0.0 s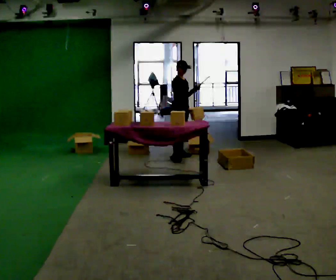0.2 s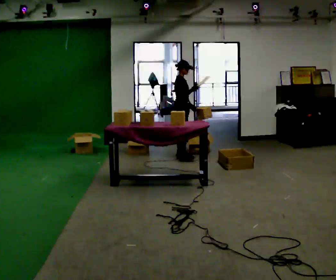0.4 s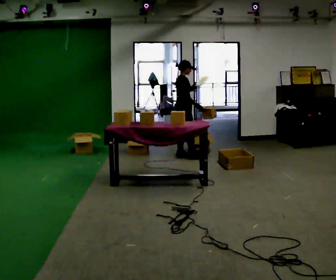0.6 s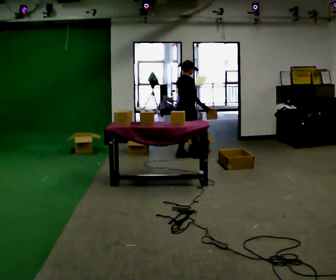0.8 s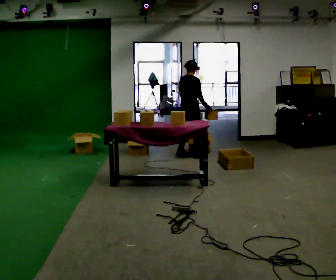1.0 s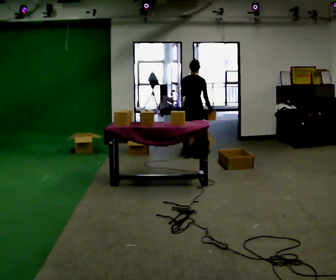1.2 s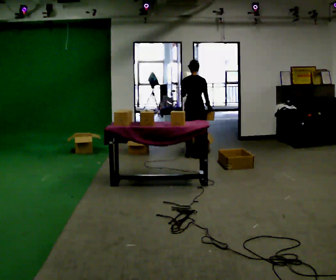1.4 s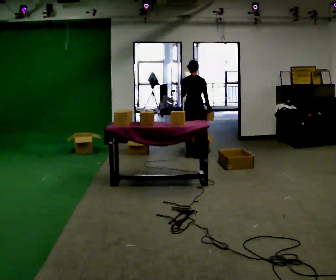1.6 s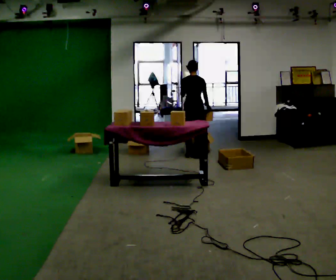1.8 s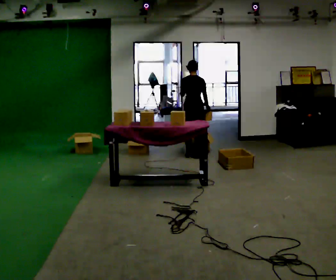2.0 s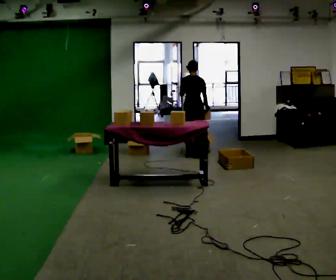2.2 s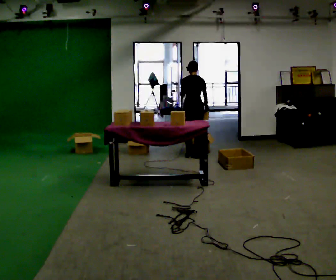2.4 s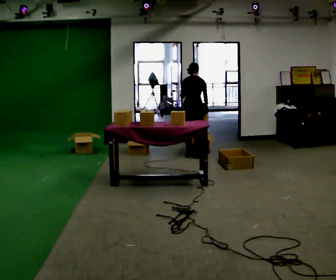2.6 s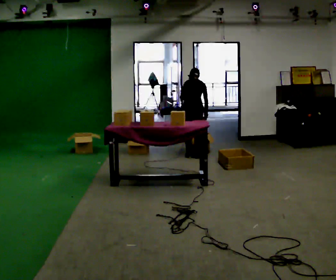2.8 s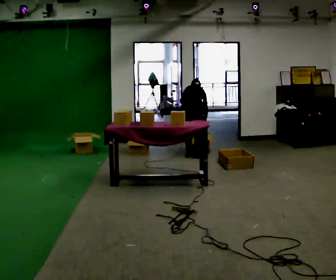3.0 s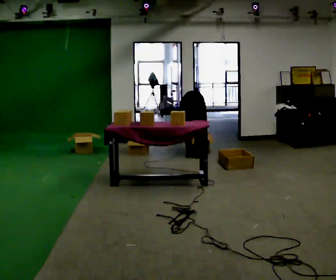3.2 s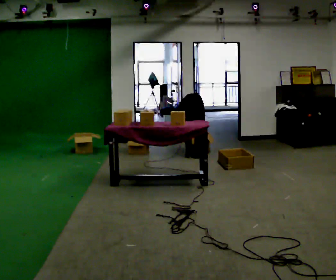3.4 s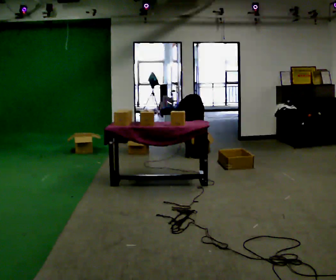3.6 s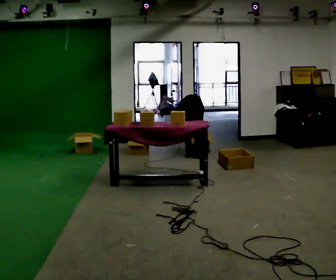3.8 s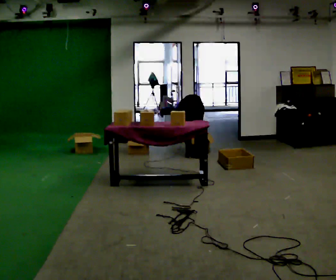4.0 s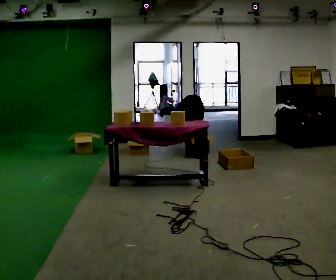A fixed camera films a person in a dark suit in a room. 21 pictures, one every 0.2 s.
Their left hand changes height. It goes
downward.
The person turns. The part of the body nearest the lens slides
to the right.
0.0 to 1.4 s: Seen from above the body turns counterclockwise, about 105 degrees: to their left, with its near side sliding to the right. In the picture they go to the right, about 0.25 m in 2 steps.
1.4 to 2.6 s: The upper body tips away from the camera, its near side rolling upward, as they bend forward.
2.6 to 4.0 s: The upper body goes downward. The upper body tips away from the camera, its near side rolling upward, as they bend forward.
The film runs backward here.
